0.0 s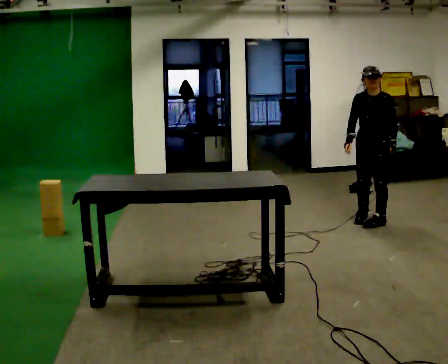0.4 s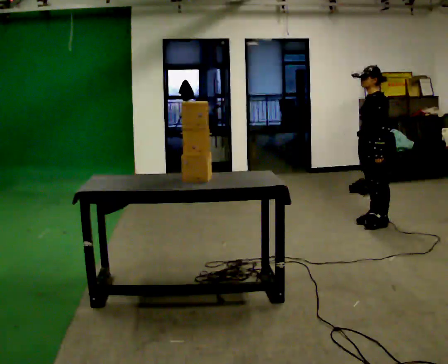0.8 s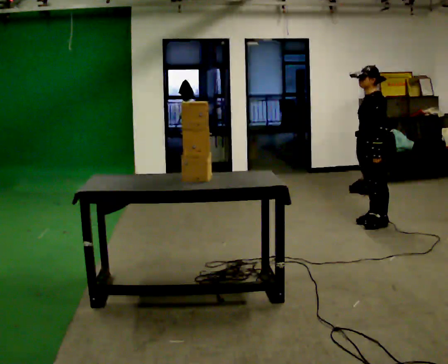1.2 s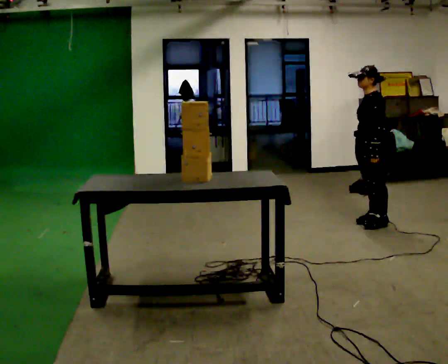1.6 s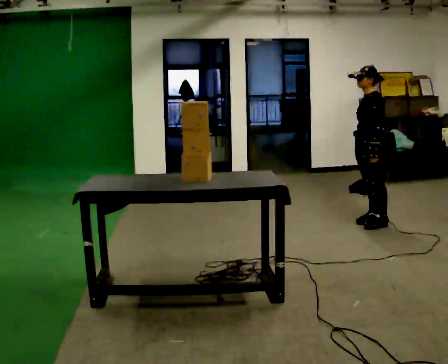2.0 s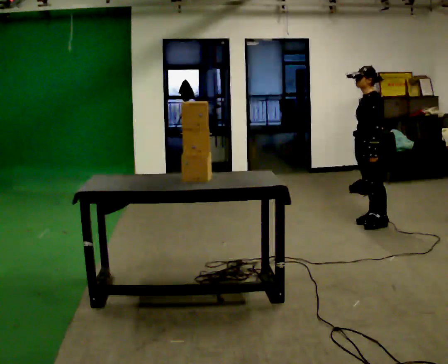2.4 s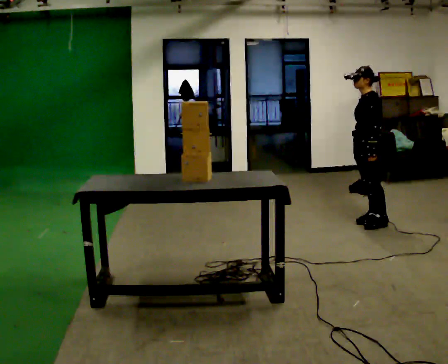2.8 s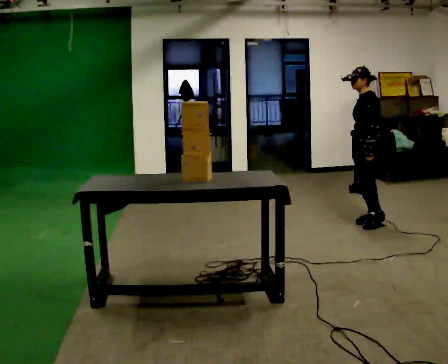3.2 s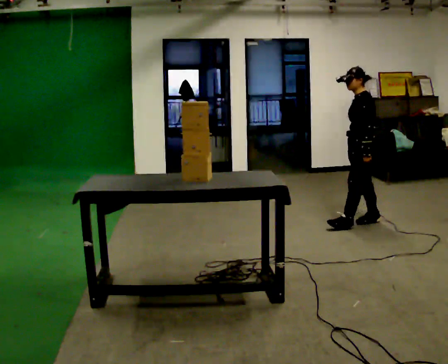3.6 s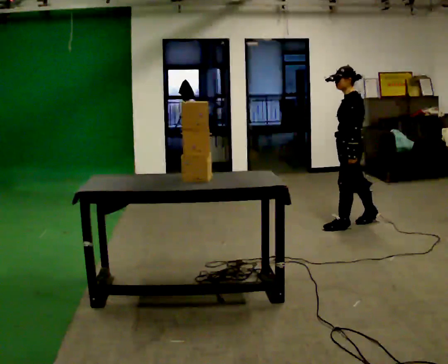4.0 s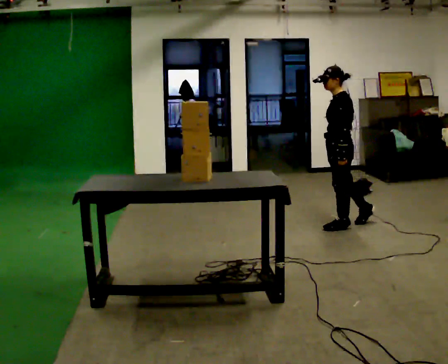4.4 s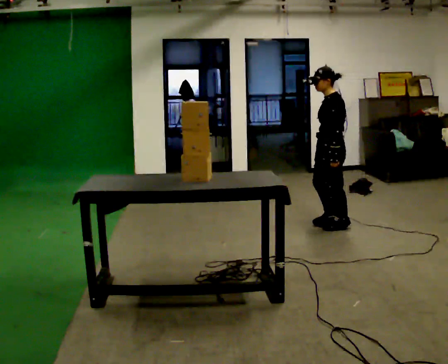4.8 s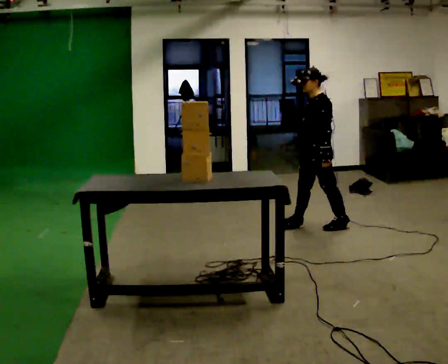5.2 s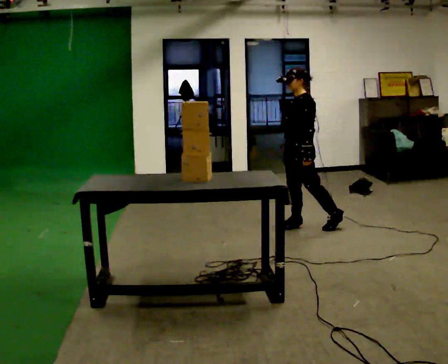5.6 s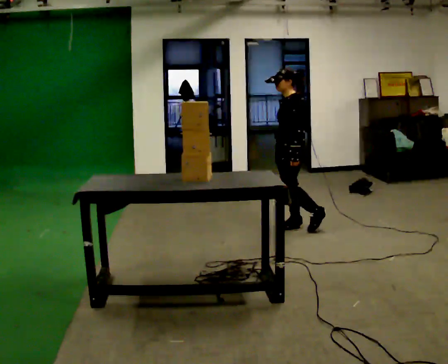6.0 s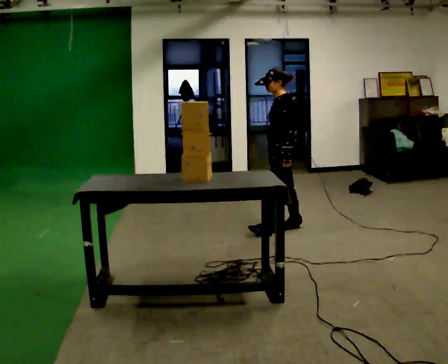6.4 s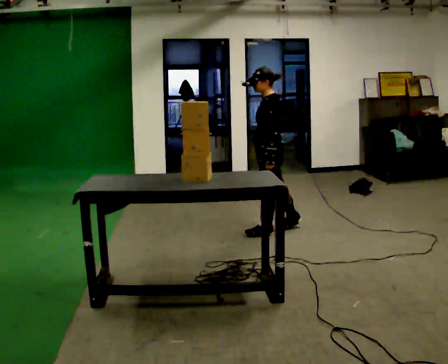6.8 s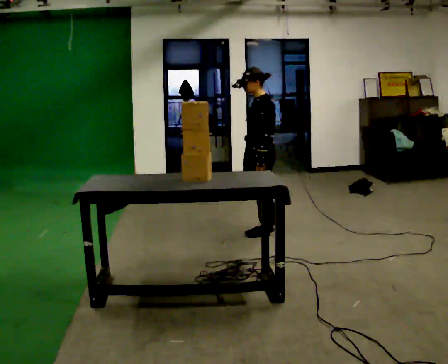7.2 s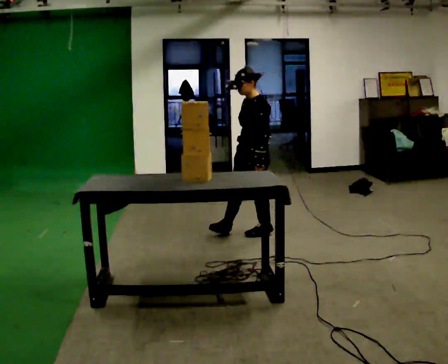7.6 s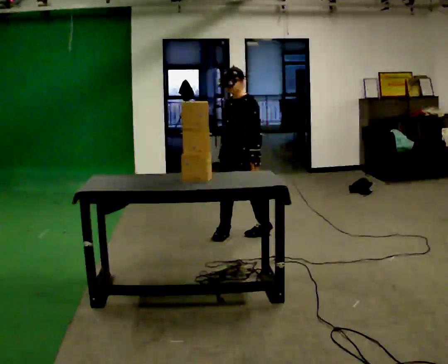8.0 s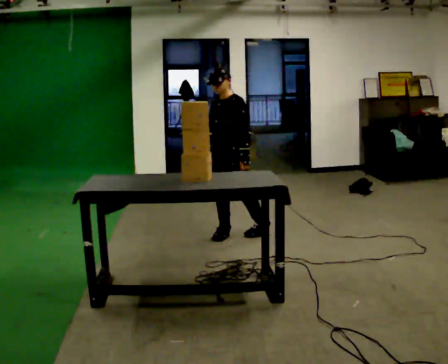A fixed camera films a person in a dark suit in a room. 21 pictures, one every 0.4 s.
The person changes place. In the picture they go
to the left.
0.0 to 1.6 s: The person turns about 60 degrees to their right, clockwise seen from above, so the part of the body nearest the lens slides to the left.
1.6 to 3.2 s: The person moves a little, or ends about where they began.
3.2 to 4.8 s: In the picture they go to the left and toward the camera, about 0.5 m in 2 steps, which for them is forward.
4.8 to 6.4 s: In the picture they go to the left and toward the camera, about 0.5 m in 1 step, which for them is forward.
6.4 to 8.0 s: The person turns about 45 degrees to their left, counterclockwise seen from above, so the part of the body nearest the lens slides to the right. In the picture they go to the left and toward the camera, about 0.5 m in 1 step, which for them is forward.
The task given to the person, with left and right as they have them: Bring the boxes over one at a time and stack them on top of each other, walking back for each one. Keep going until the operator says stop; one object at a time, and do not rush between trips.
The film runs forward here.
